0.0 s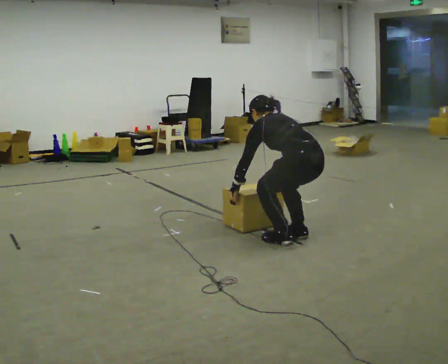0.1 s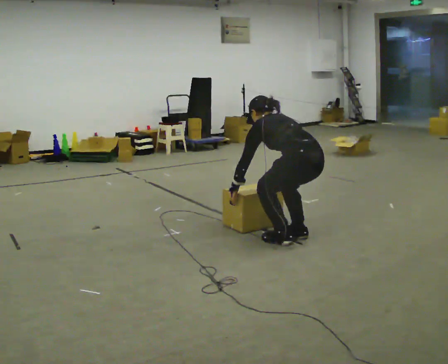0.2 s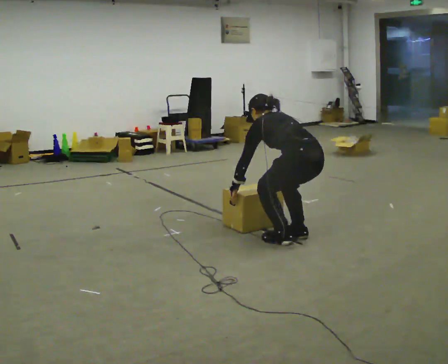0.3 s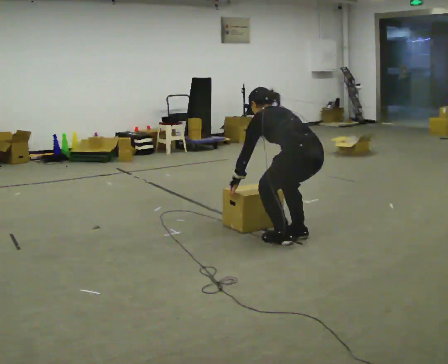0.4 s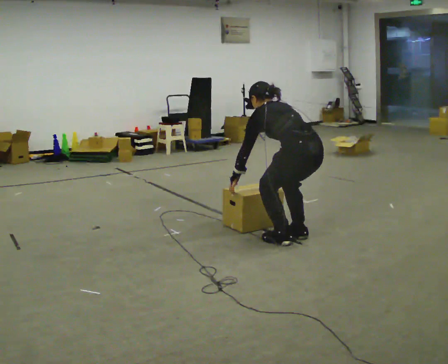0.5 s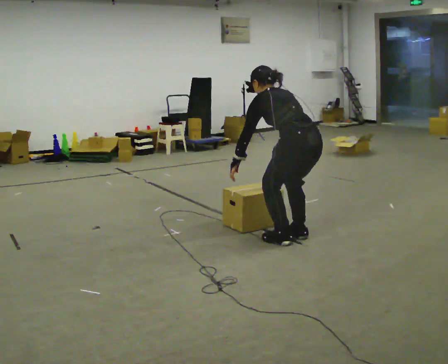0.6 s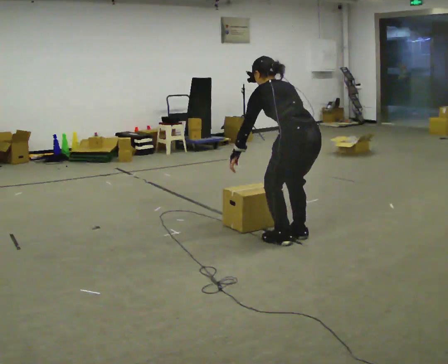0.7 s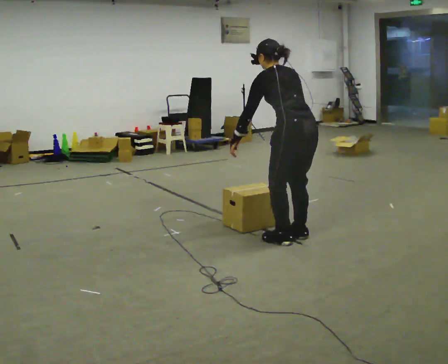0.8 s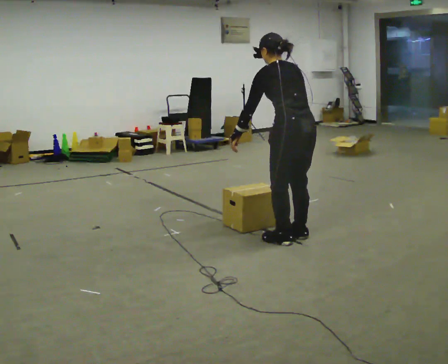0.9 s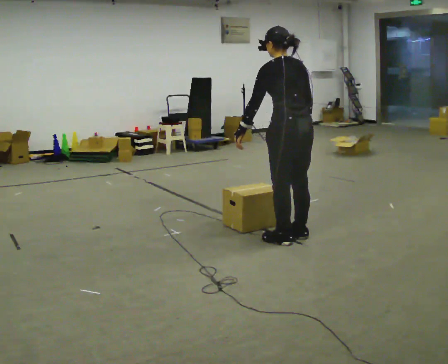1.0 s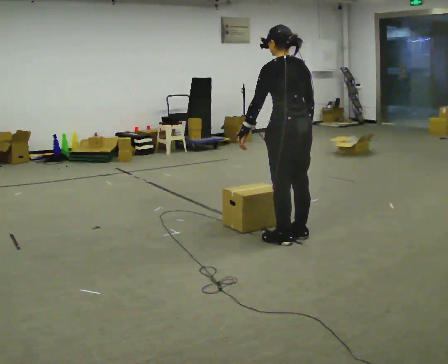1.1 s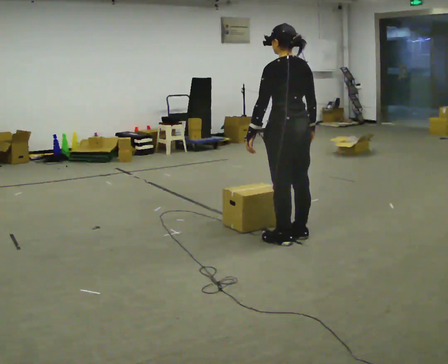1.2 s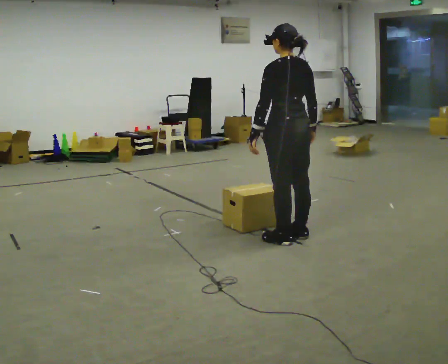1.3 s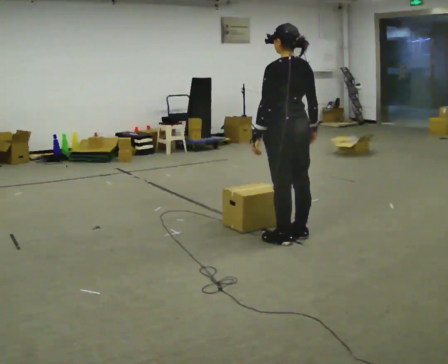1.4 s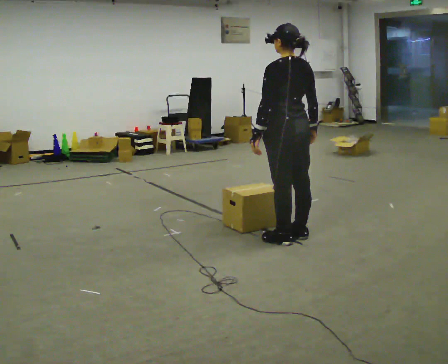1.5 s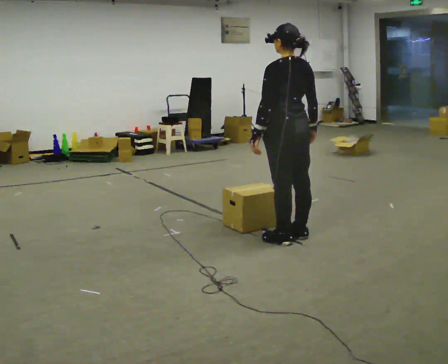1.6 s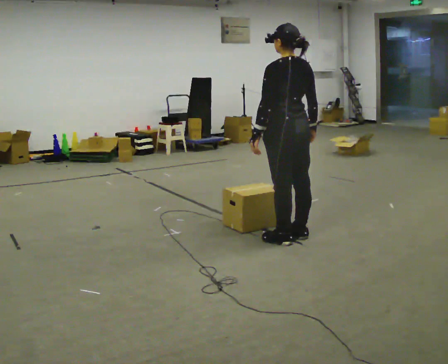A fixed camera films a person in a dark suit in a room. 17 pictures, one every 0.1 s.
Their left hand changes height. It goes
upward.
Their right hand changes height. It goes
upward.
0.0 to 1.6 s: The shoulders move upward. In the picture the upper body tilts clockwise, shoulders to the right, as they lean back or straighten. In the picture their right hand goes upward.
The film runs backward here.
